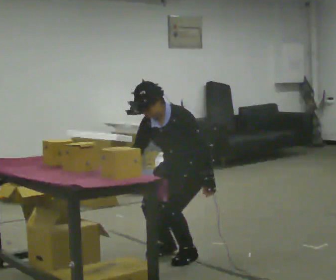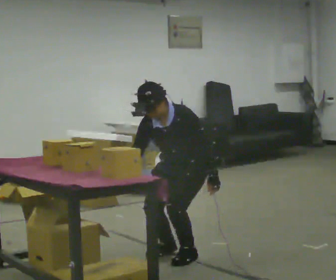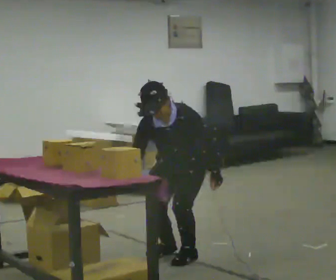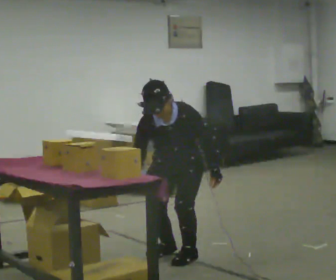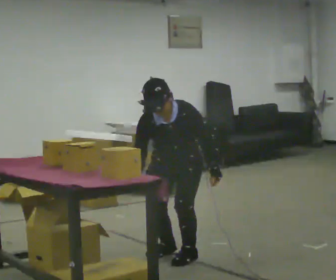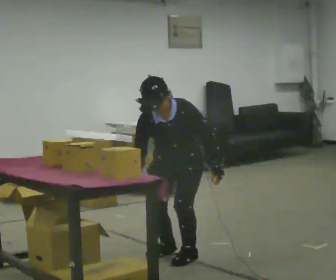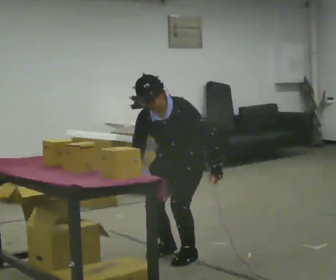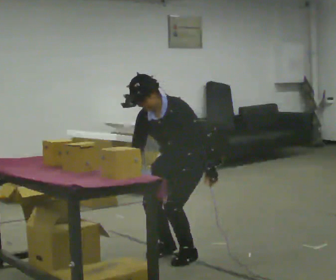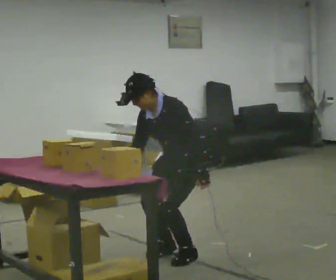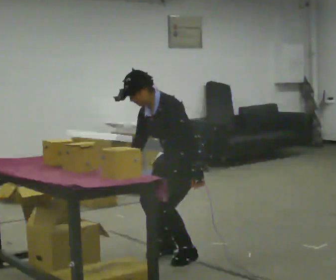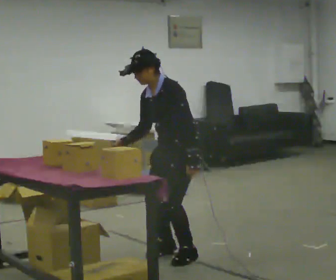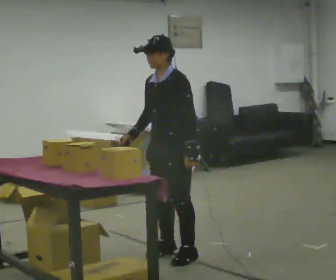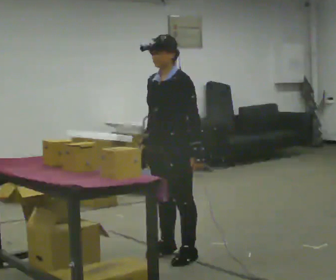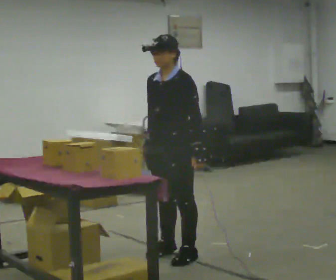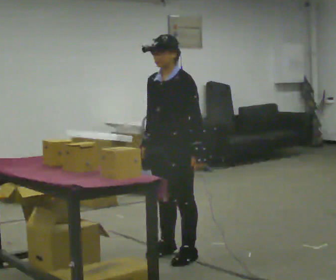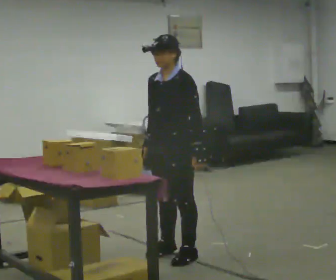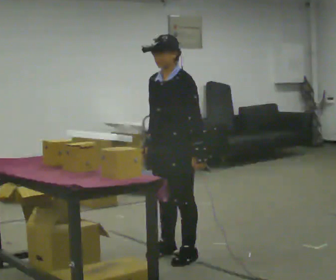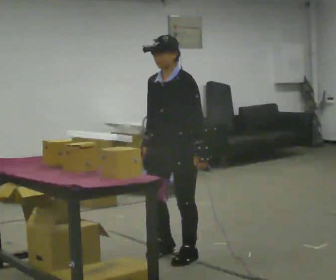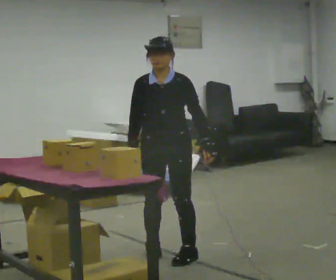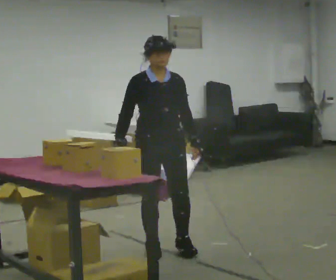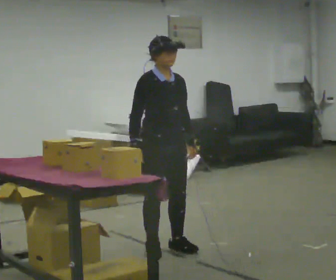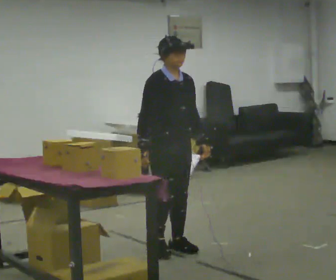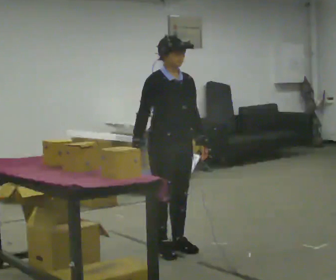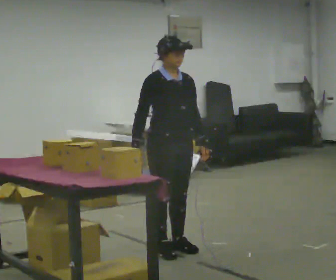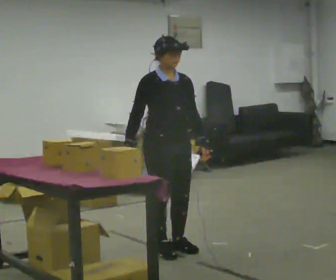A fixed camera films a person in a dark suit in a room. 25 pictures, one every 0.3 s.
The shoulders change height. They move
upward.
0.0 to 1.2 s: The person turns about 30 degrees to their left, counterclockwise seen from above, so the part of the body nearest the lens slides to the right.
1.2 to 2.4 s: The part of the body nearest the lens slides to the left as the person turns to their right by about 45 degrees. In the picture the upper body tilts counterclockwise, shoulders to the left.
2.4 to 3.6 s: The shoulders move upward. In the picture the upper body tilts clockwise, shoulders to the right, as they lean back or straighten.
3.6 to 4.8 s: The person moves a little, or ends about where they began.
4.8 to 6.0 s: Seen from above the body turns counterclockwise, about 90 degrees: to their left, with its near side sliding to the right. In the picture they go away from the camera, about 0.25 m in 2 steps.
6.0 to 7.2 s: The person moves a little, or ends about where they began.
The film runs forward here.
